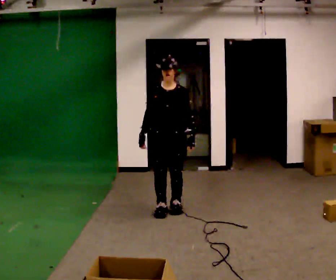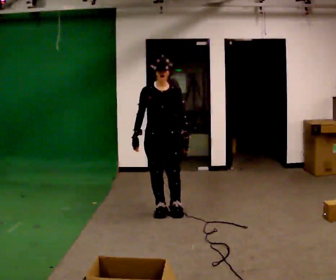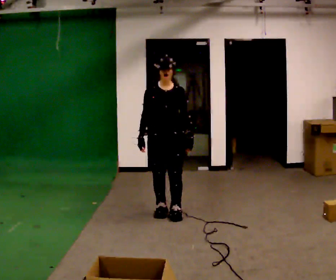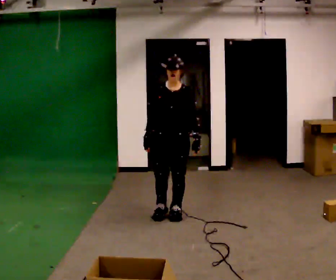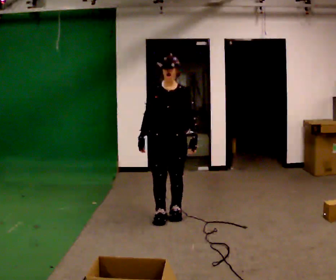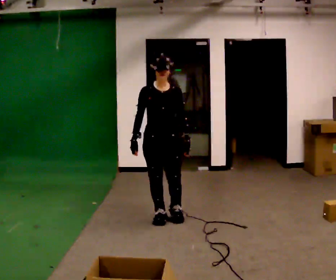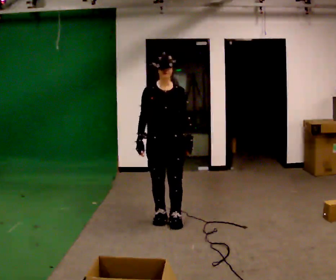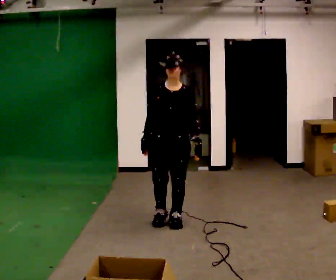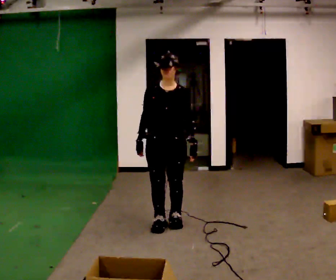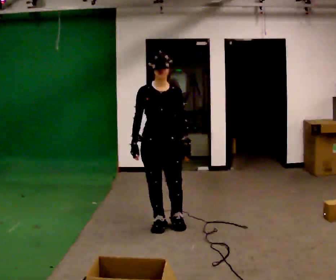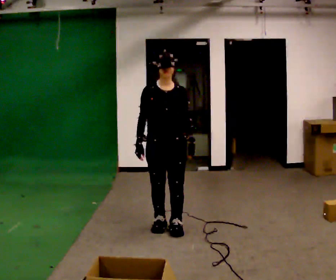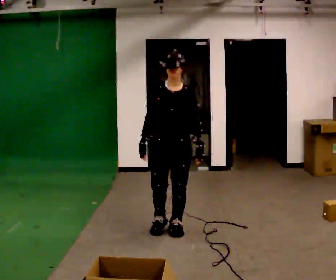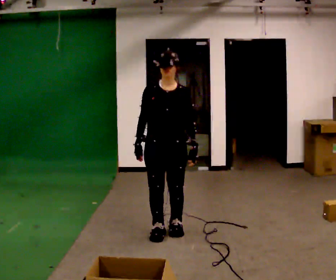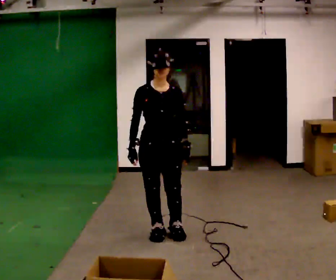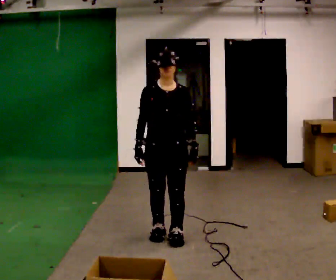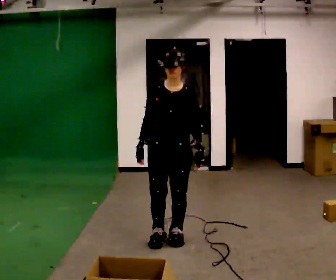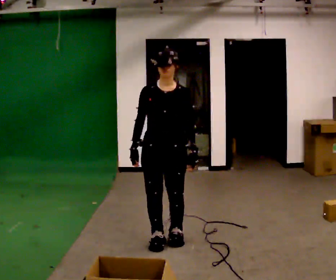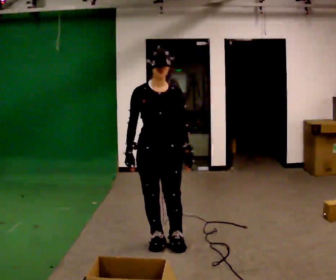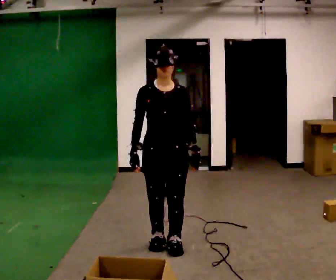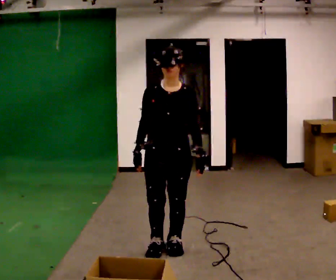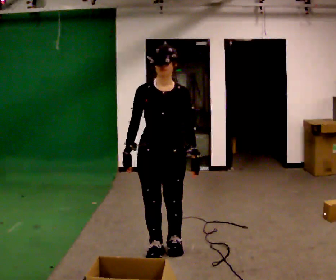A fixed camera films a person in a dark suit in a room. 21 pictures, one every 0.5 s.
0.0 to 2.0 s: In the picture they go toward the camera, about 0.25 m in 2 steps, which for them is forward.
2.0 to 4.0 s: In the picture they go toward the camera, about 0.25 m in 2 steps, which for them is forward.
4.0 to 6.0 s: In the picture they go toward the camera, about 0.25 m in 2 steps, which for them is forward.
6.0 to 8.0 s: In the picture they go toward the camera, about 0.25 m in 2 steps, which for them is forward.
8.0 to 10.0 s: In the picture they go toward the camera, about 0.25 m in 2 steps, which for them is forward.
The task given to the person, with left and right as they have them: Take the objects from the bin one at a time and put one in each of the places the operator points out. Keep going until the operator says stop; one object at a time, and do not rush between trips.
The film runs forward here.
